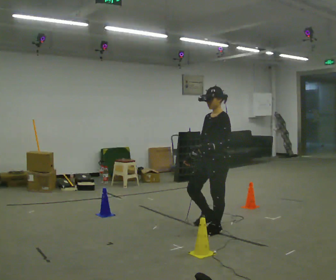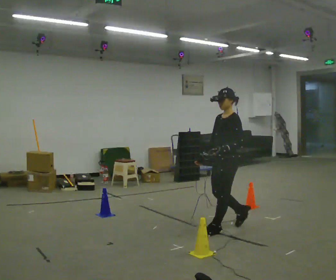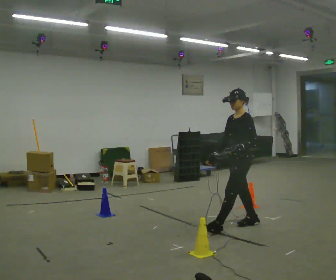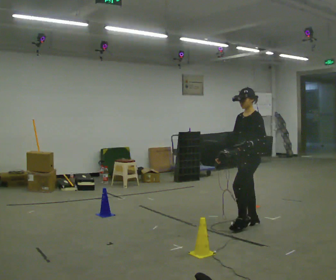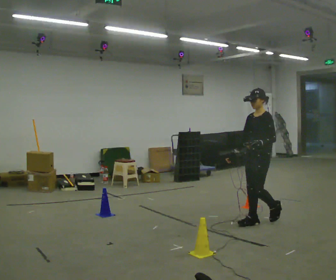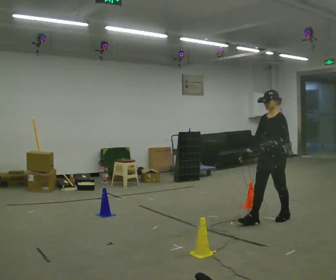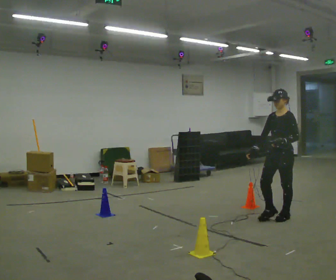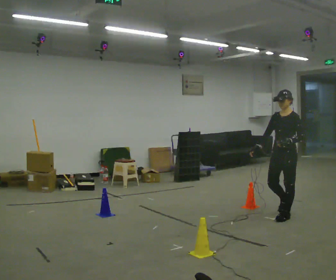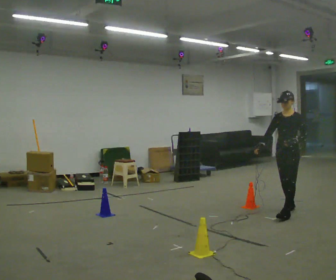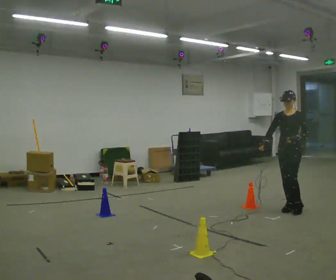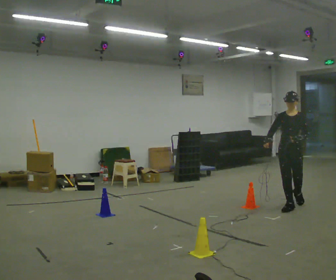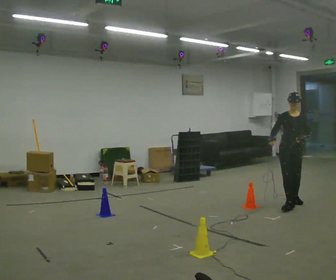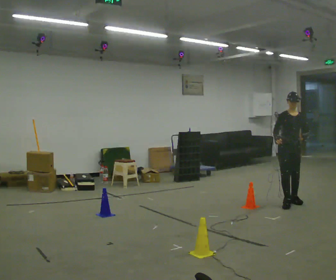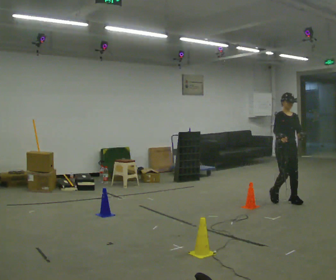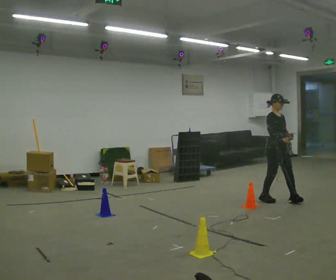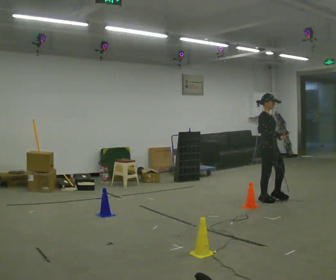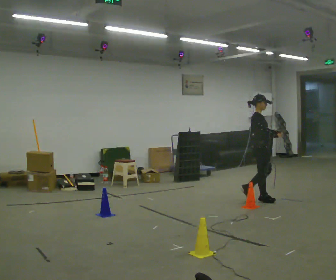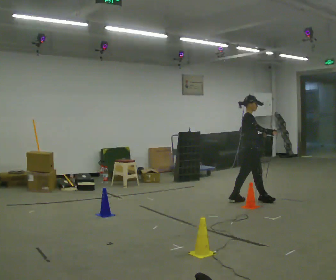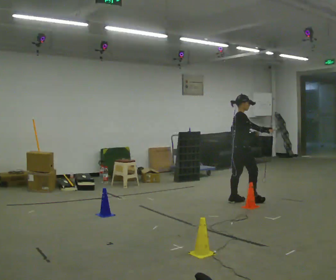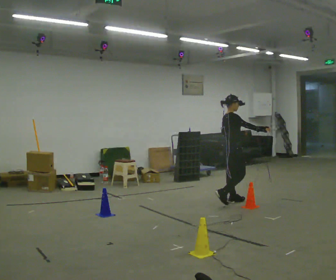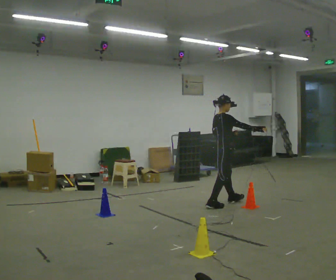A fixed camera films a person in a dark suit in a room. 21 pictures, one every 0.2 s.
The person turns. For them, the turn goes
to their left.
The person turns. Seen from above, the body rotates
counterclockwise.
0.0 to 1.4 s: In the picture they go away from the camera and to the right, about 1 m in 2 steps, which for them is backward.
1.4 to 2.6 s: The person turns about 60 degrees to their left, counterclockwise seen from above, so the part of the body nearest the lens slides to the right. In the picture they go away from the camera, about 1 m in 2 steps.
2.6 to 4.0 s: The part of the body nearest the lens slides to the right as the person turns to their left by about 105 degrees. In the picture they go to the left, about 1 m in 2 steps.
The film runs backward here.
